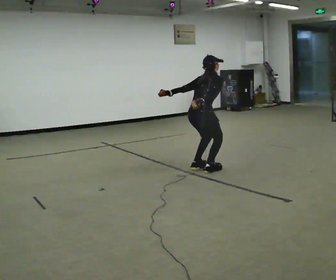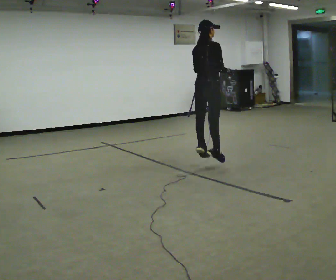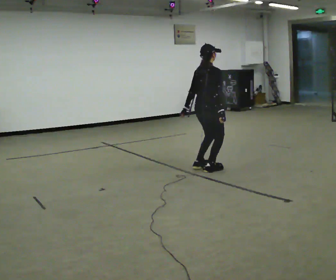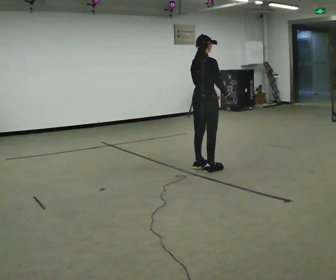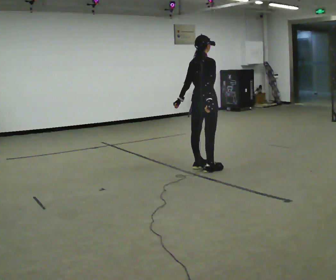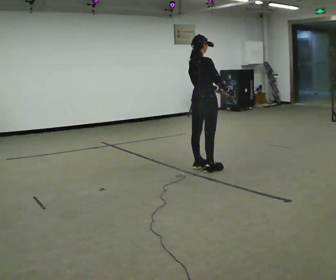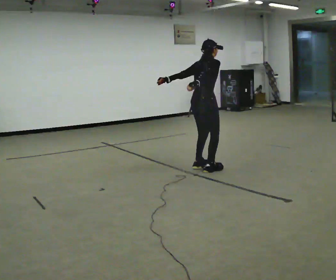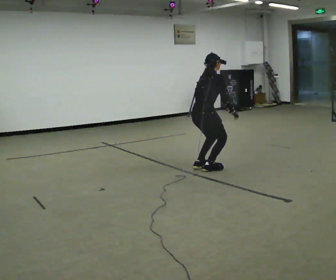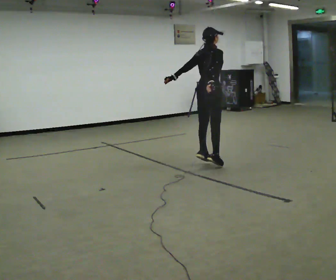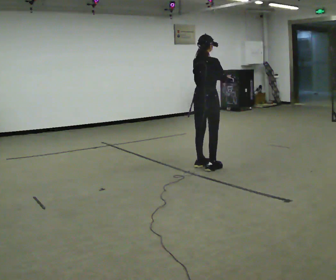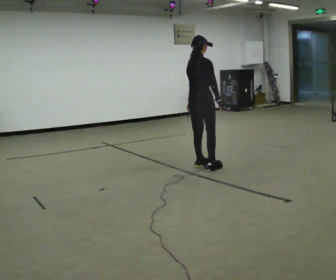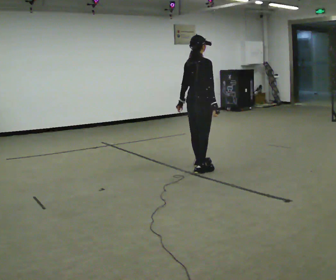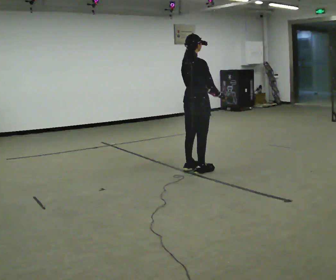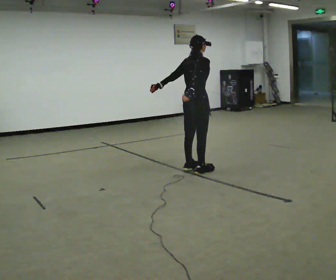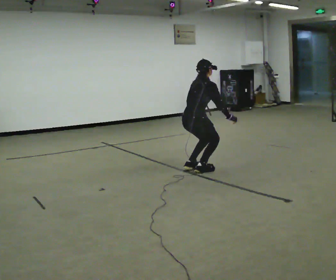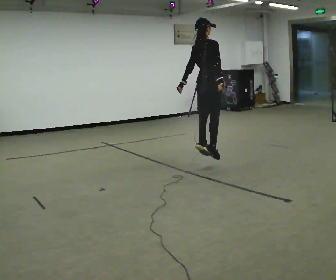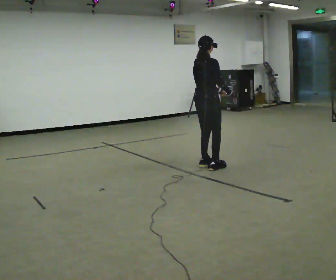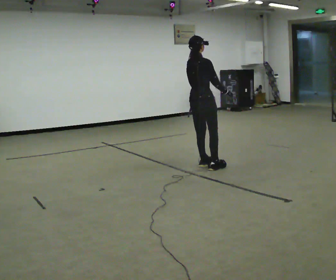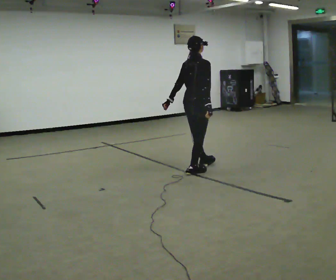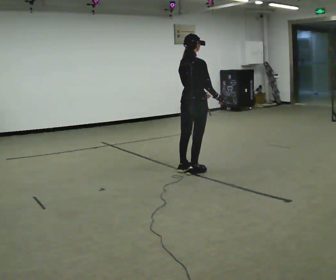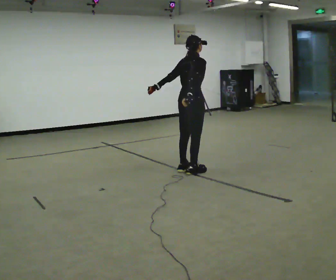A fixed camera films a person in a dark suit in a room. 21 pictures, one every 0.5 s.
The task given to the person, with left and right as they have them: Jump straight up as high as is comfortable and land softly on the same spot. Repeat the movement at your own pace until the operator says stop; do not rush.
0.0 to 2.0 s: In the picture the upper body tilts counterclockwise, shoulders to the left.
2.0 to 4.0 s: The person moves a little, or ends about where they began.
4.0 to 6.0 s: In the picture they go toward the camera and to the left, about 0.25 m in 2 steps, which for them is backward. In the picture their left hand goes to the right.
6.0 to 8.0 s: In the picture they go away from the camera, about 0.25 m in 2 steps, which for them is forward.
8.0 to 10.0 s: In the picture they go to the left and toward the camera, about 0.25 m in 2 steps, which for them is backward.
The film runs forward here.
